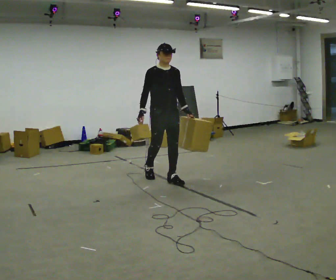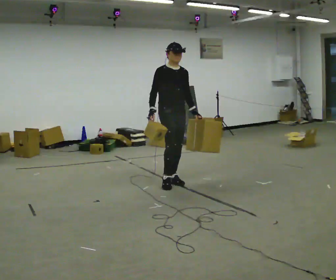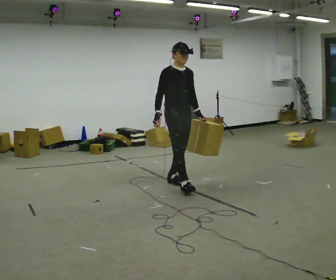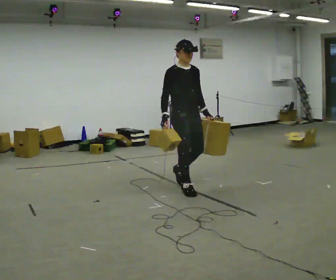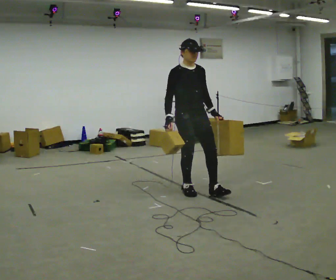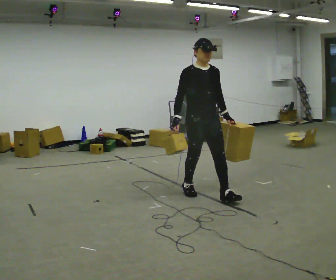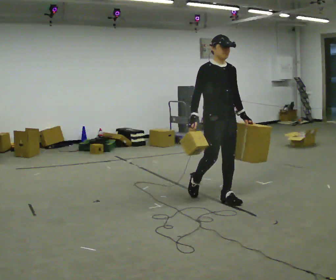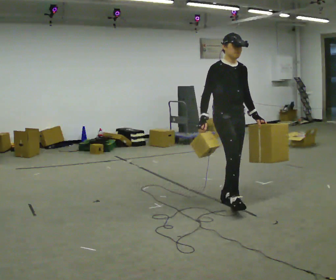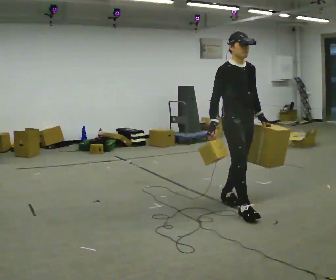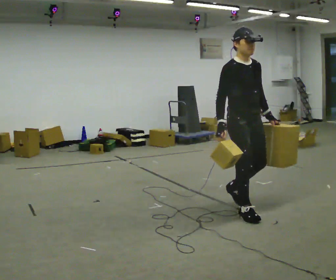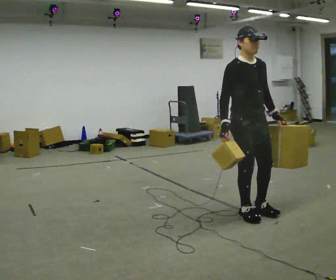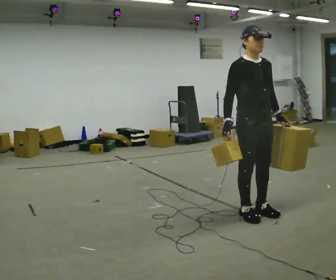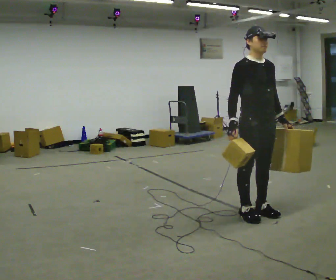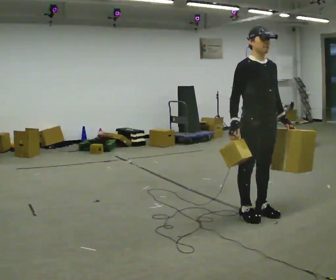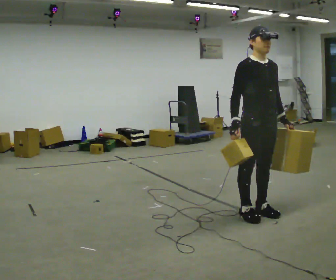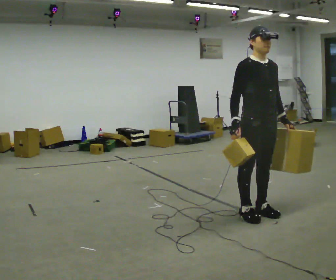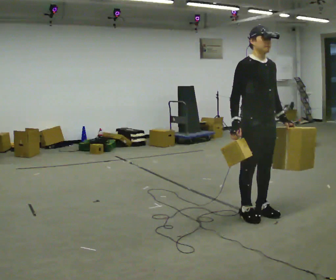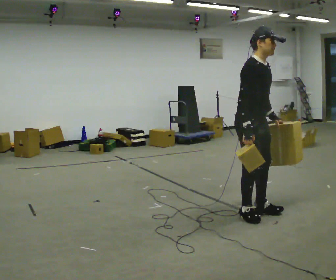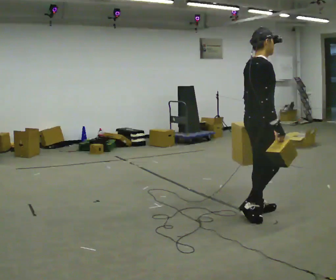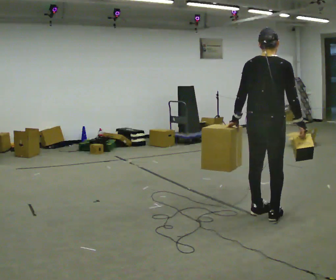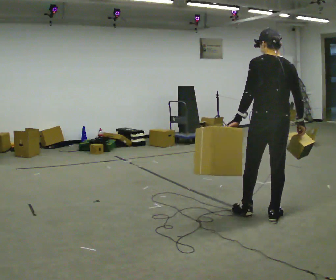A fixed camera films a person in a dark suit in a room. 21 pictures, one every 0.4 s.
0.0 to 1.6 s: In the picture they go toward the camera and to the right, about 0.75 m in 1 step, which for them is forward.
1.6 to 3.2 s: In the picture they go toward the camera and to the right, about 0.5 m in 2 steps, which for them is forward.
3.2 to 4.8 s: In the picture they go toward the camera and to the right, about 0.25 m in 1 step, which for them is forward.
4.8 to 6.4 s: The person moves a little, or ends about where they began.
6.4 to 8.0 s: The part of the body nearest the lens slides to the right as the person turns to their left by about 150 degrees. In the picture their left hand goes to the left, the arm swinging clockwise.
The film runs forward here.
